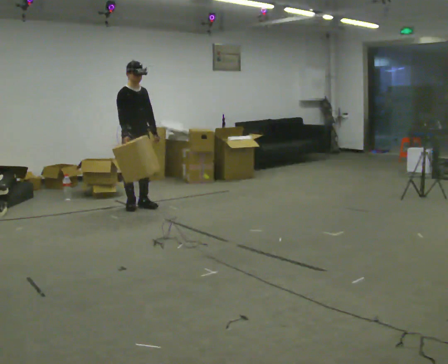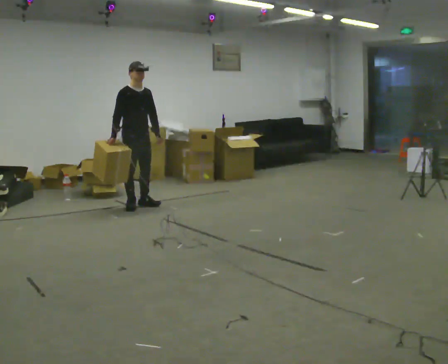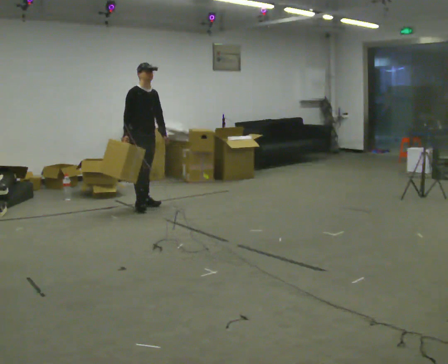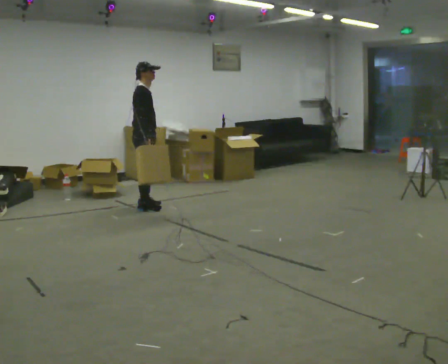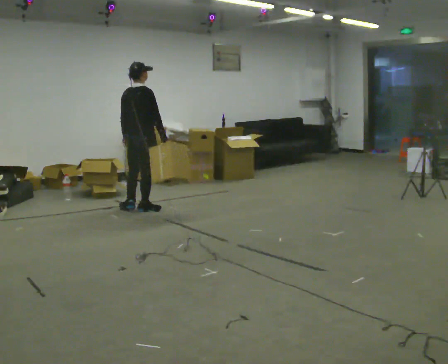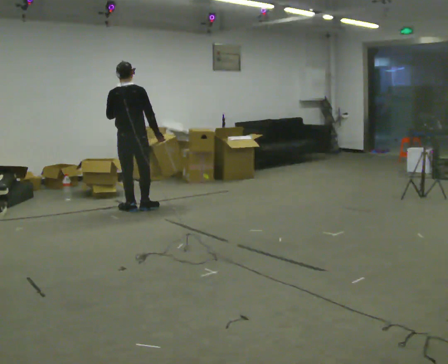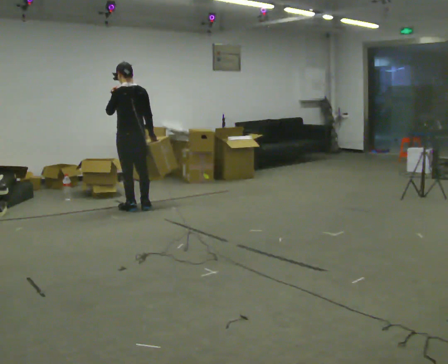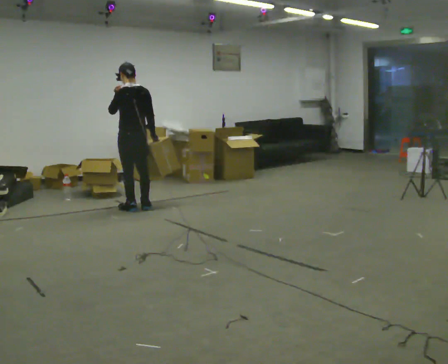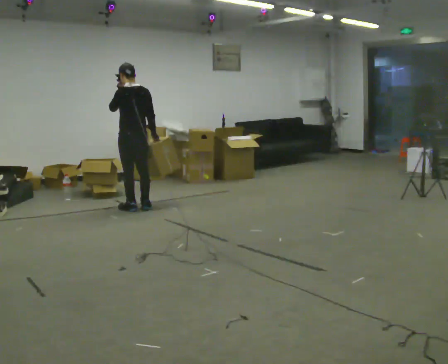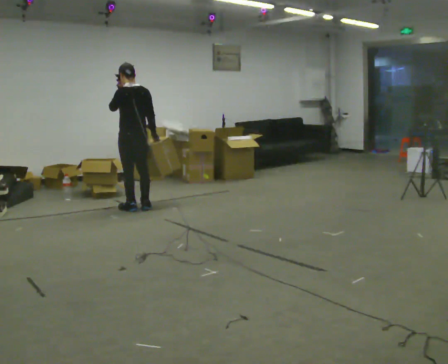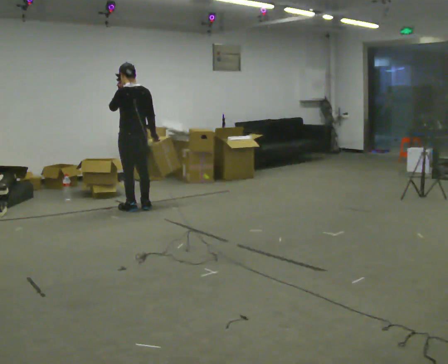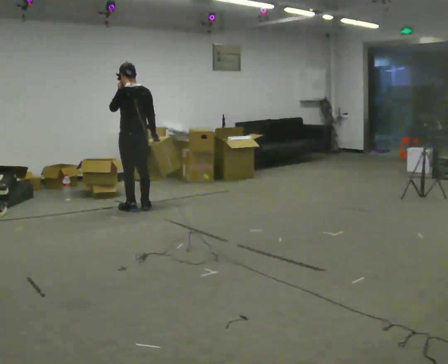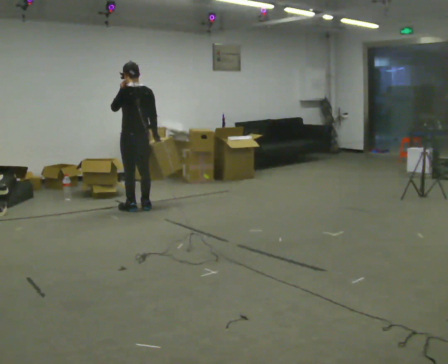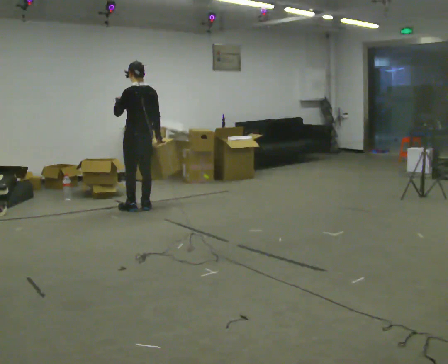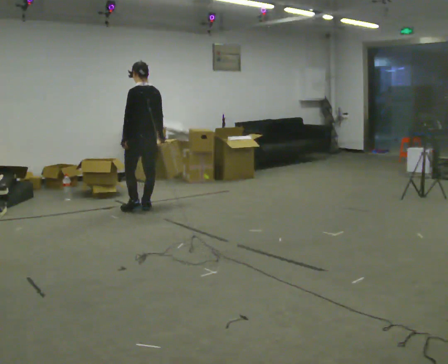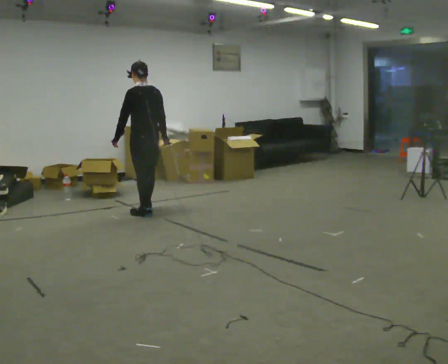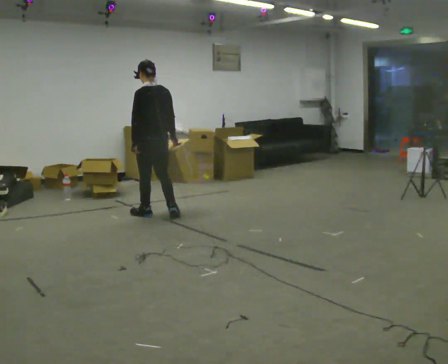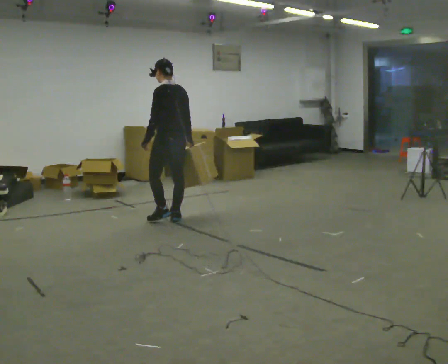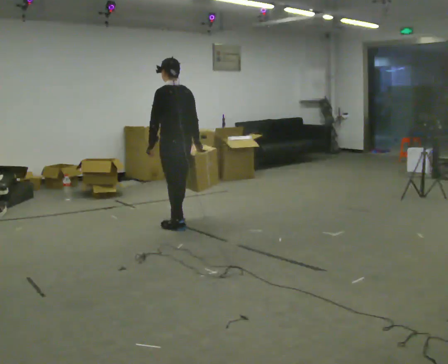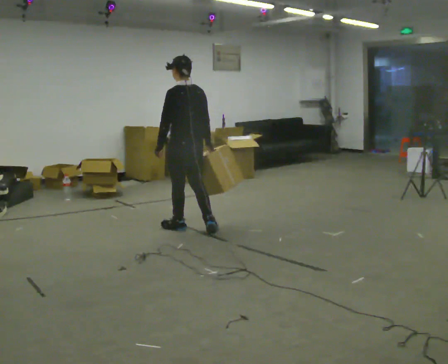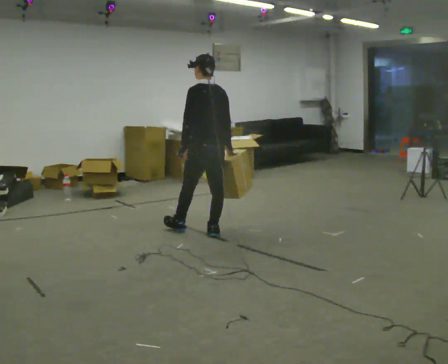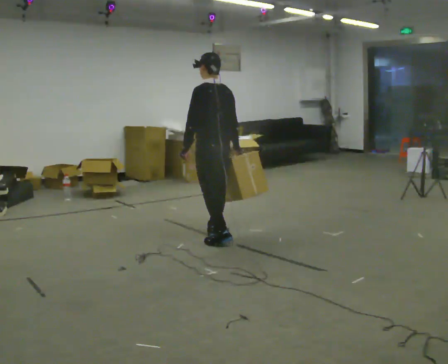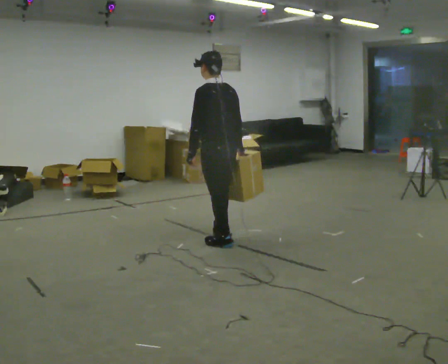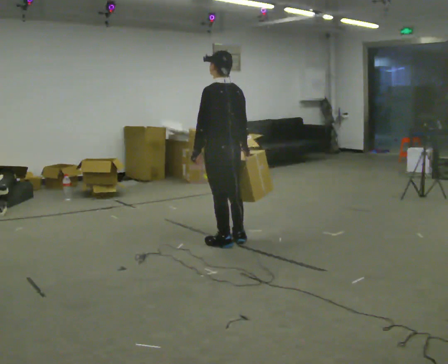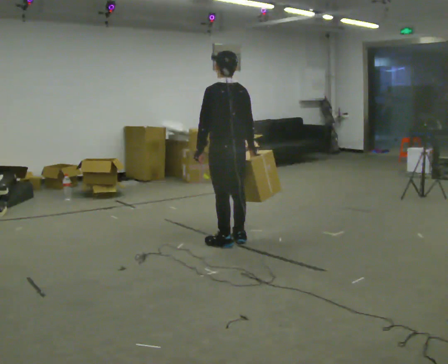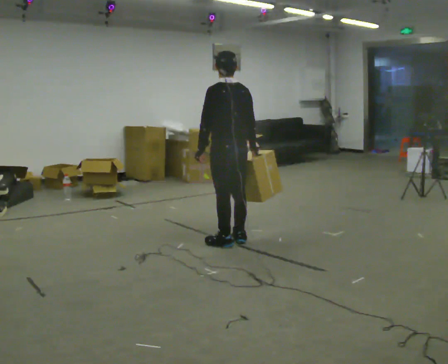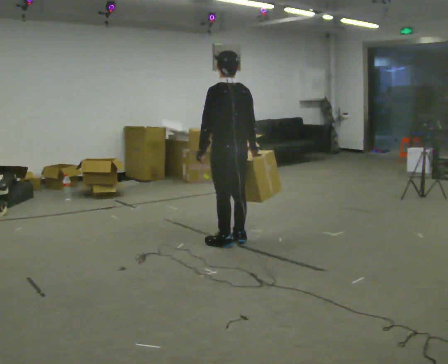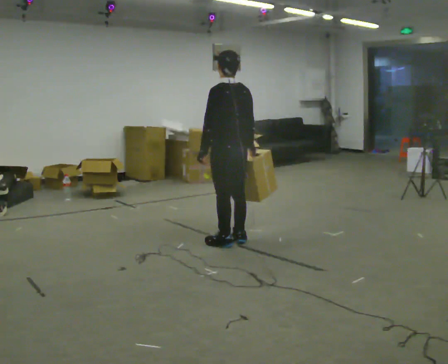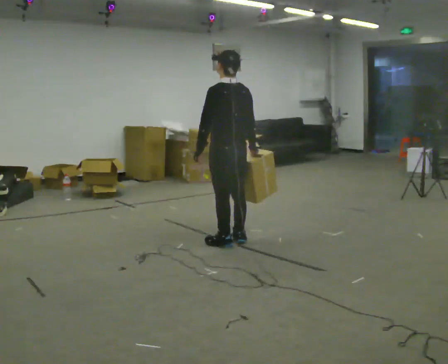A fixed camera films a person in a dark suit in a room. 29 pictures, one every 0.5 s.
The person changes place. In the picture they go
toward the camera.
0.0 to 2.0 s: The part of the body nearest the lens slides to the right as the person turns to their left by about 105 degrees. In the picture they go toward the camera, about 0.25 m in 2 steps. In the picture their left hand goes to the left.
2.0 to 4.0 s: The part of the body nearest the lens slides to the right as the person turns to their left by about 60 degrees. In the picture their left hand goes upward.
4.0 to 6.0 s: The person moves a little, or ends about where they began.
6.0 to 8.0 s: In the picture they go toward the camera, about 0.5 m in 2 steps, which for them is backward. In the picture their left hand goes downward.
8.0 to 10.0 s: In the picture they go toward the camera and to the right, about 1 m in 3 steps, which for them is backward.
10.0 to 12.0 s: In the picture they go toward the camera, about 0.25 m in 1 step, which for them is backward.
12.0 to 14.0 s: The person moves a little, or ends about where they began.
The film runs backward here.
